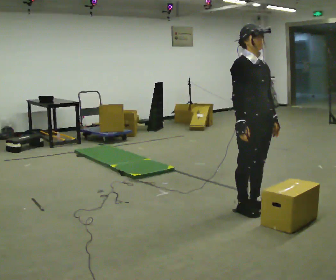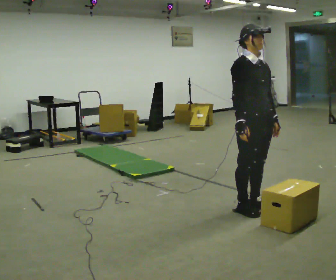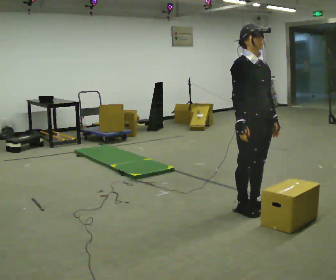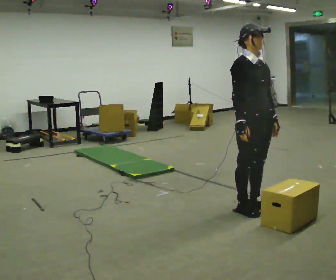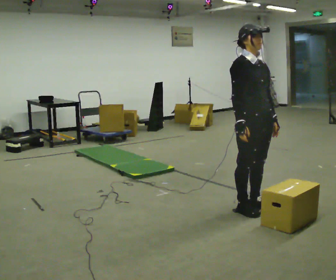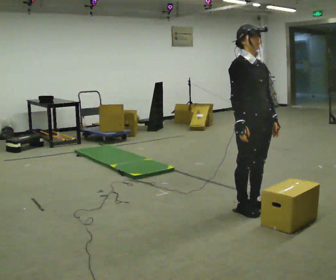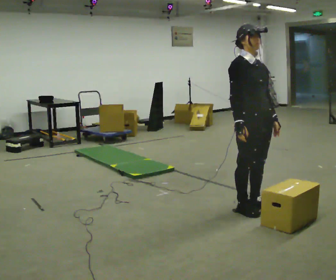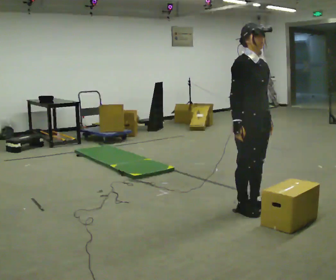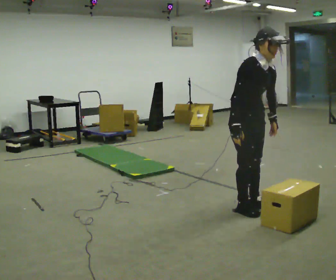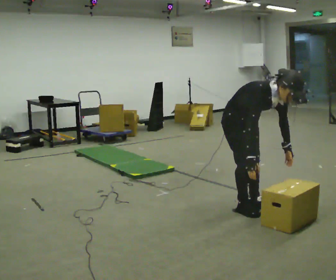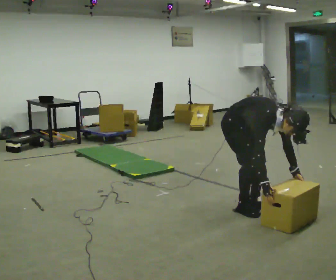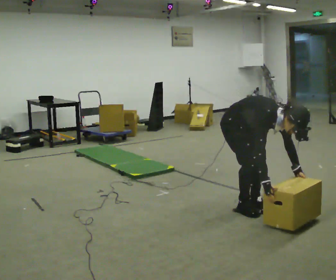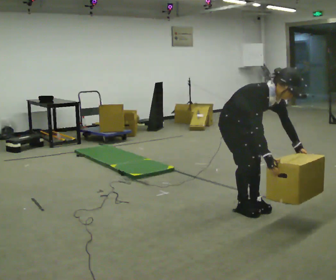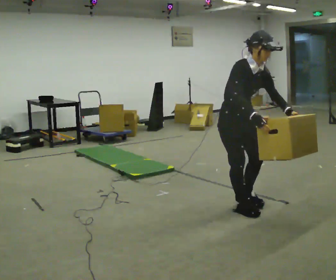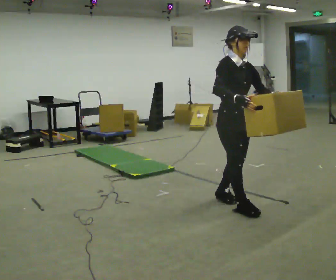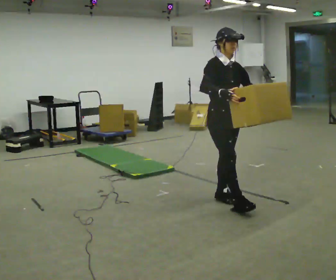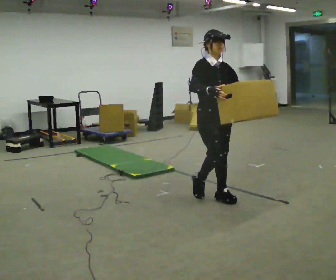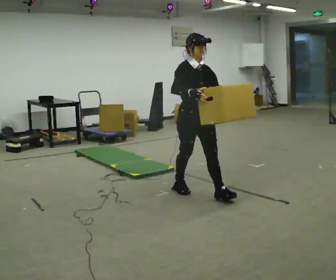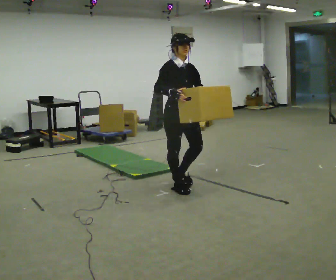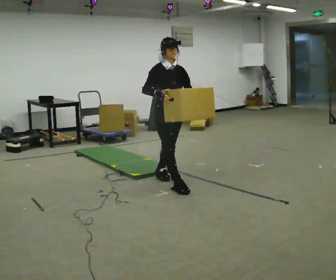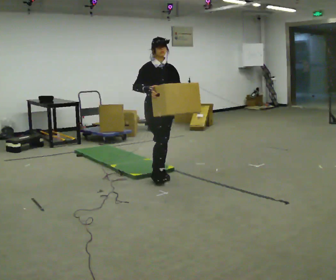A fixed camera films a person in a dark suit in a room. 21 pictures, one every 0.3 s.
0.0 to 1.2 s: The person keeps their place and pose.
1.2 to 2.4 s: The upper body tips toward the camera, its near side rolling downward, as they bend forward.
2.4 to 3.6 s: The person moves a little, or ends about where they began.
3.6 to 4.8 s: In the picture they go away from the camera and to the left, about 0.25 m in 2 steps, which for them is backward. The shoulders move upward. In the picture the upper body tilts counterclockwise, shoulders to the left, as they lean back or straighten. In the picture their right hand goes upward.
4.8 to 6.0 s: In the picture they go away from the camera and to the left, about 1 m in 2 steps, which for them is backward.
The film runs backward here.
